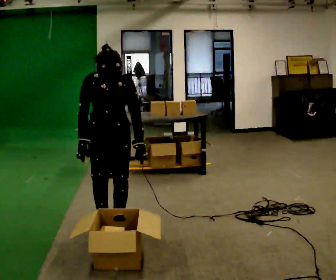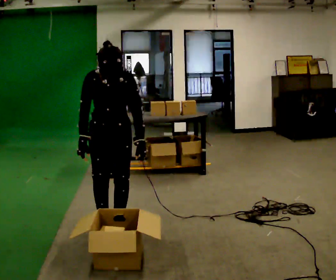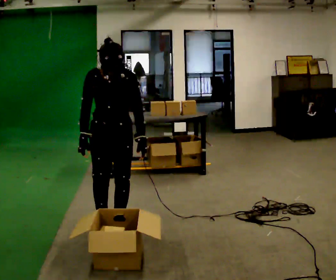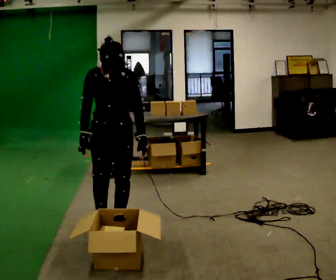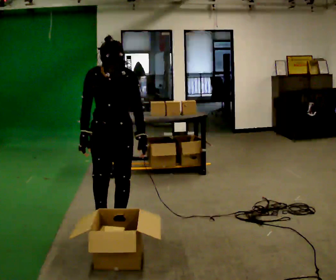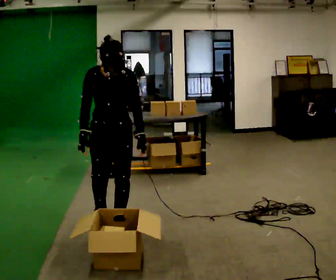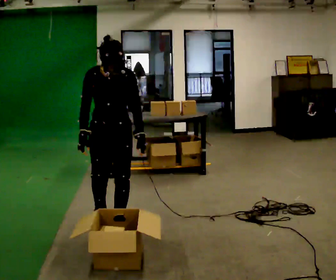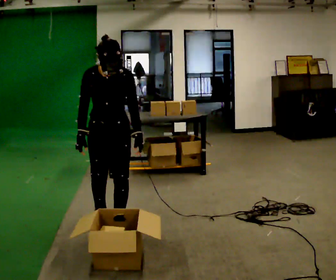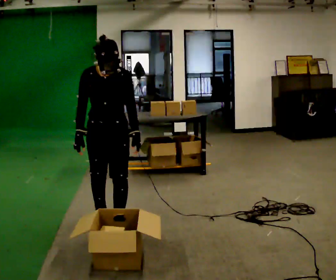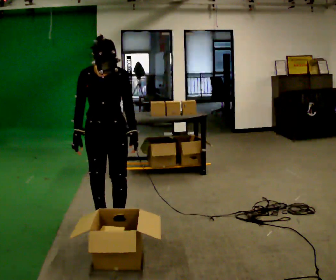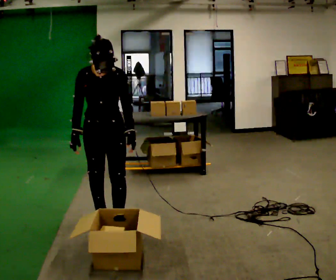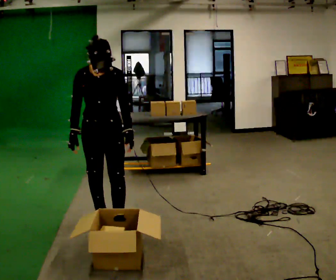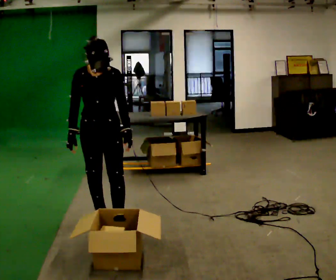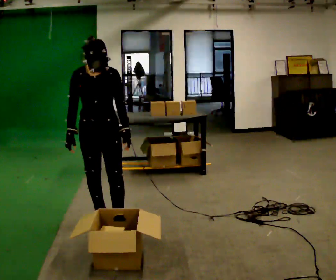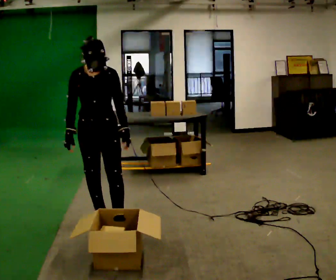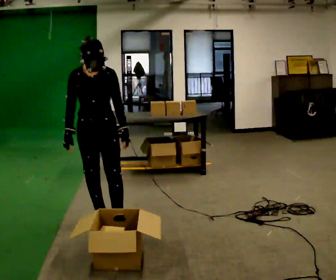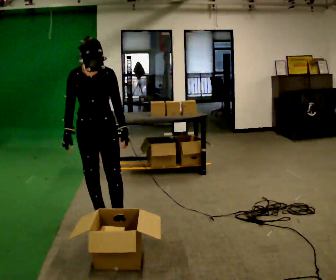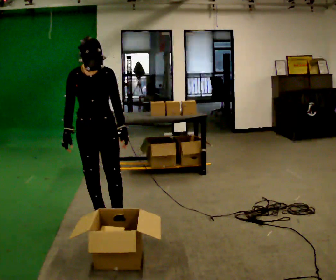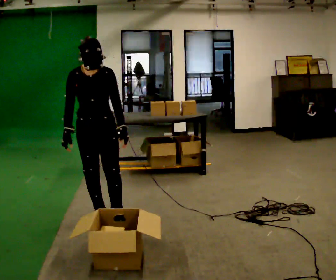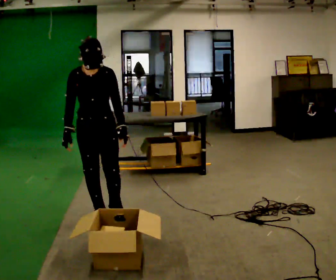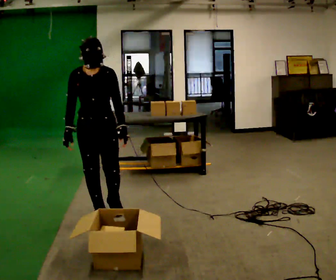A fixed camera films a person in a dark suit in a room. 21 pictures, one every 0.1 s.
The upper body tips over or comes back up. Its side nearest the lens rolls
upward.
0.0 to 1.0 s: The upper body tips away from the camera, its near side rolling upward, as they lean back or straighten.
1.0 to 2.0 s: The person moves a little, or ends about where they began.
The film runs backward here.
